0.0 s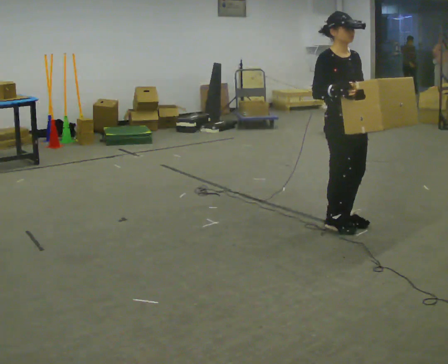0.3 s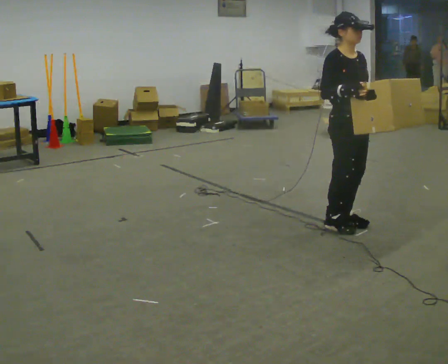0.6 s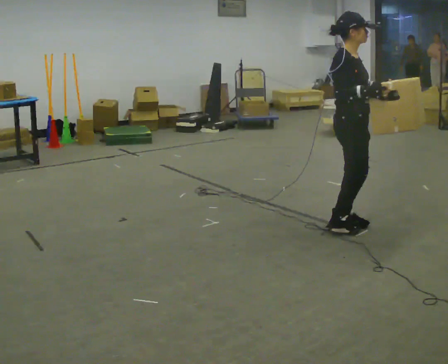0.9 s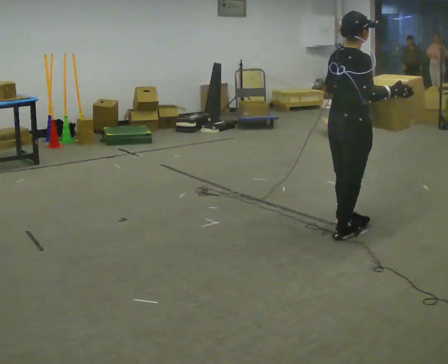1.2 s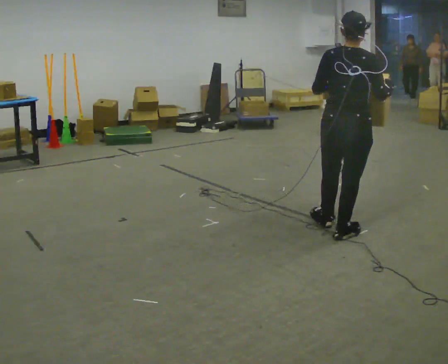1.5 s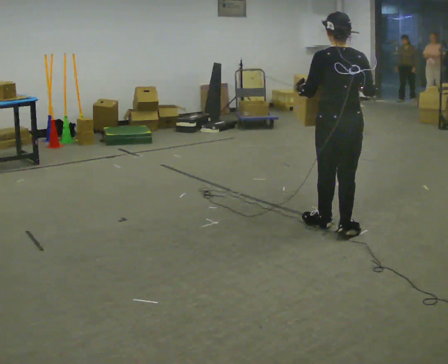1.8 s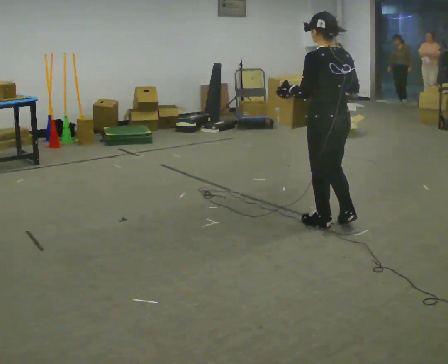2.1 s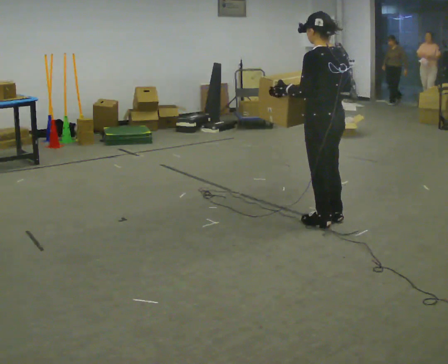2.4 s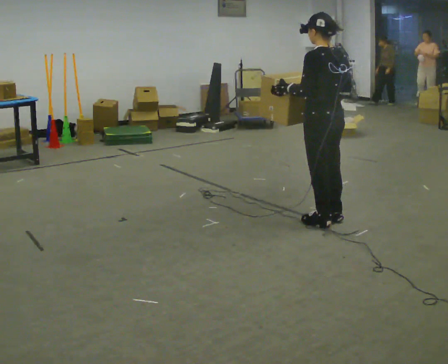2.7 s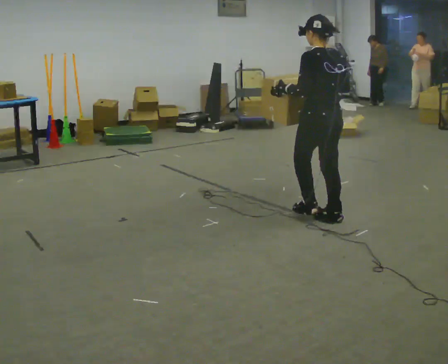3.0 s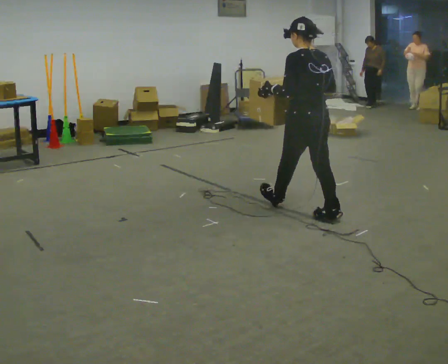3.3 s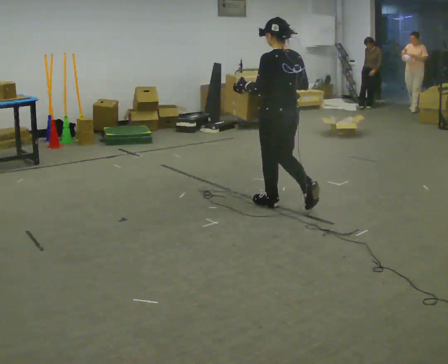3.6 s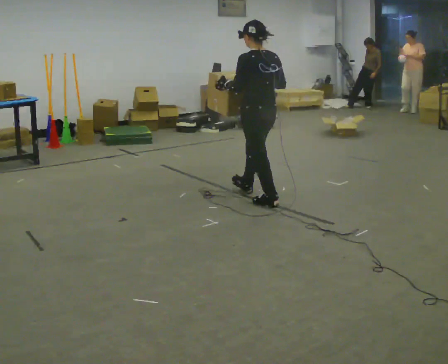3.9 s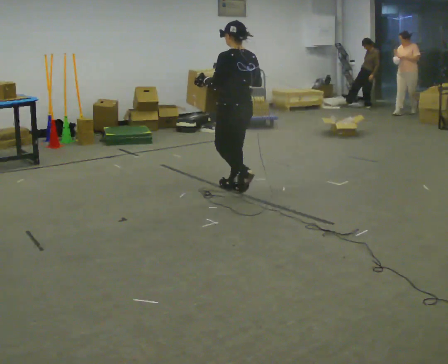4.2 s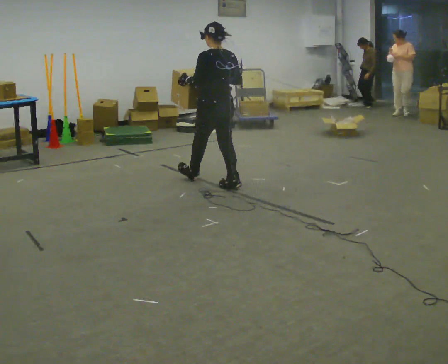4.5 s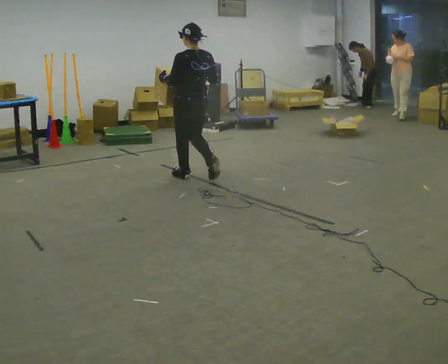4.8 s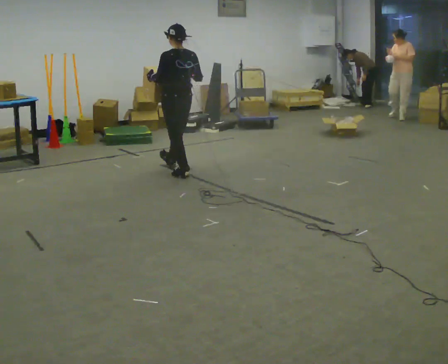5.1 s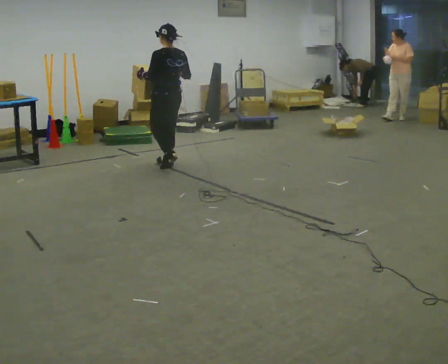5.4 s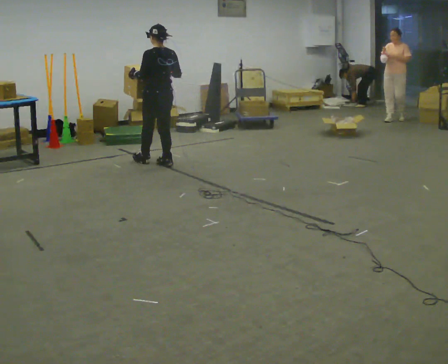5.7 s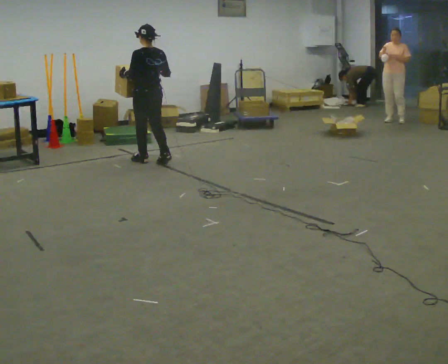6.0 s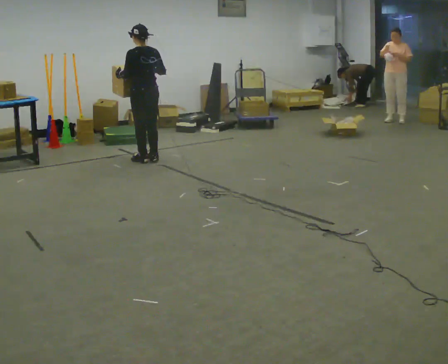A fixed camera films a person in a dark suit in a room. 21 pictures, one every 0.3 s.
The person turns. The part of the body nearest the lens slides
to the right.
The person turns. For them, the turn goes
to their left.
0.0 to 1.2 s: The part of the body nearest the lens slides to the right as the person turns to their left by about 120 degrees. In the picture their right hand goes to the right.
1.2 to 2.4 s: The part of the body nearest the lens slides to the right as the person turns to their left by about 60 degrees. In the picture they go away from the camera, about 0.25 m in 1 step, which for them is forward and to their right.
2.4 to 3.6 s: In the picture they go away from the camera and to the left, about 0.5 m in 1 step, which for them is forward.
3.6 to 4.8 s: In the picture they go away from the camera and to the left, about 1 m in 2 steps, which for them is forward.
4.8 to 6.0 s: In the picture they go away from the camera and to the left, about 0.5 m in 3 steps, which for them is forward.
The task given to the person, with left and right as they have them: Carry the box across the room as briskly as you comfortably can, back and forth. Do not run.
The film runs forward here.
